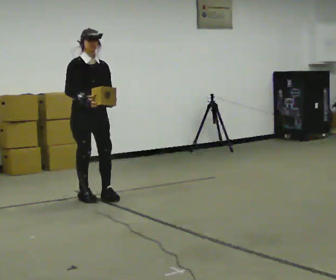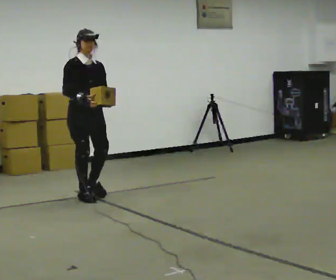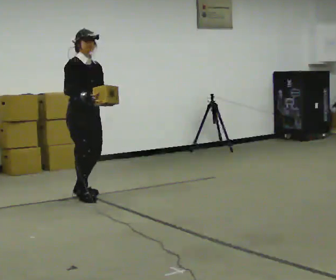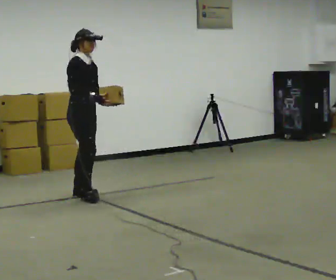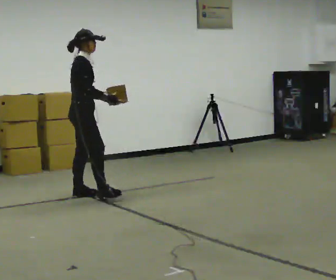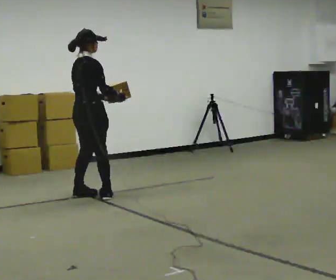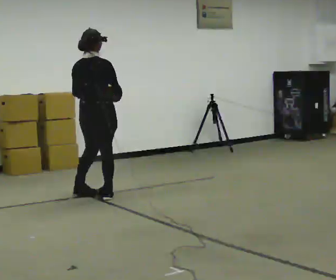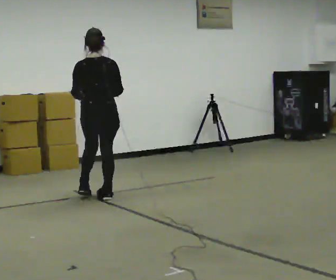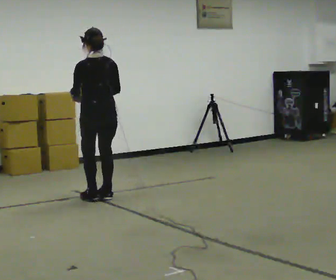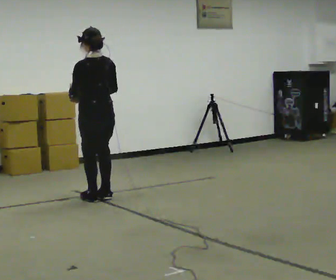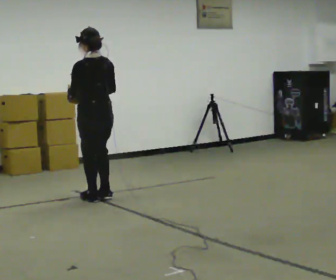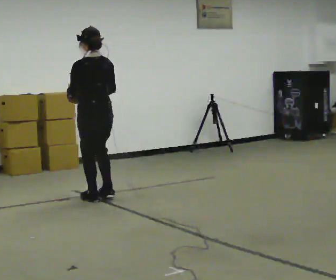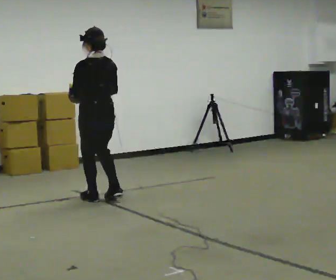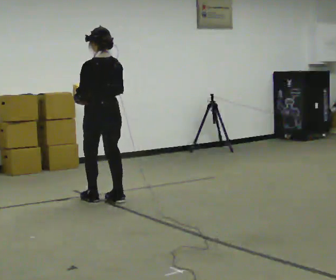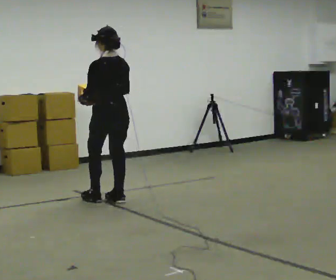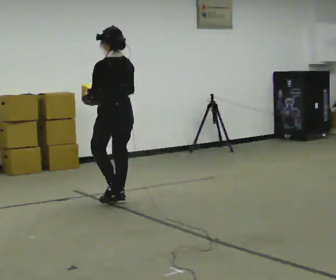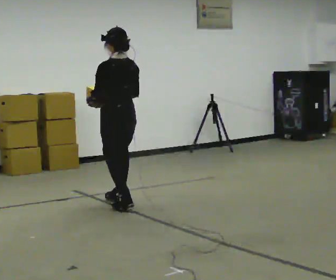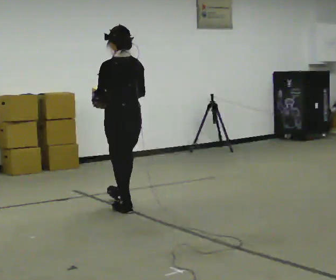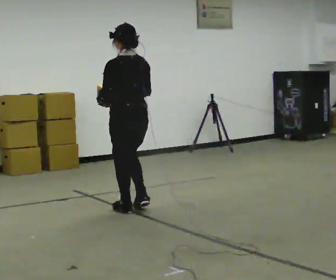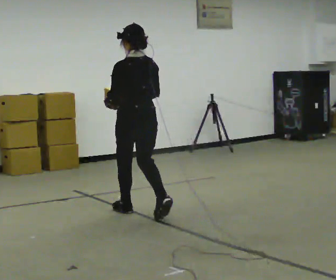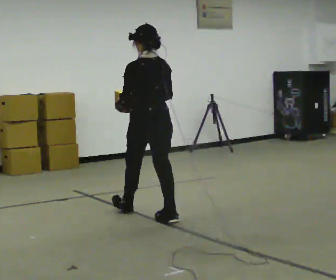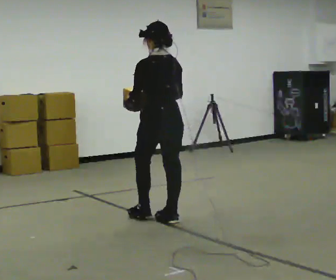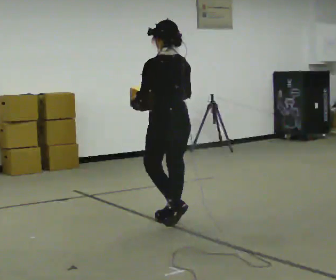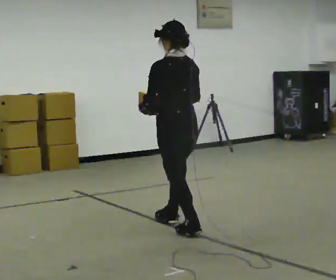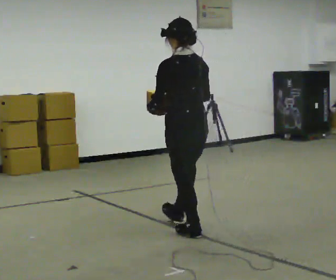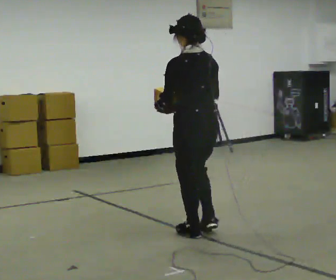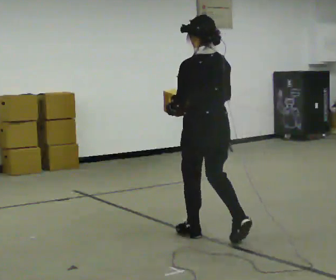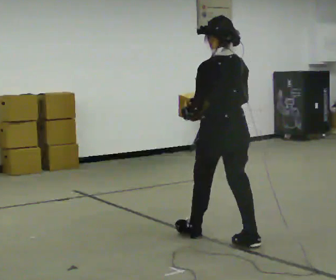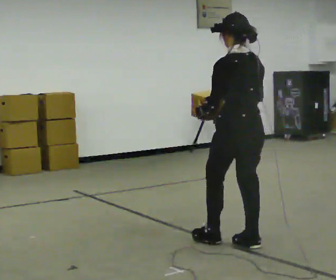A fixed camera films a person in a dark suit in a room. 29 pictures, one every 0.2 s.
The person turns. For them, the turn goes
to their left.
The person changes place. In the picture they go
toward the camera.
0.0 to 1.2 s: Seen from above the body turns counterclockwise, about 120 degrees: to their left, with its near side sliding to the right. In the picture their right hand goes to the right.
1.2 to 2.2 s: The person turns about 60 degrees to their left, counterclockwise seen from above, so the part of the body nearest the lens slides to the right.
2.2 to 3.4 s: In the picture they go toward the camera and to the right, about 0.5 m in 2 steps, which for them is backward.
3.4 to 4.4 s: In the picture they go toward the camera and to the right, about 0.75 m in 1 step, which for them is backward.
4.4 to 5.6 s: In the picture they go toward the camera and to the right, about 1 m in 2 steps, which for them is backward.
The film runs backward here.
